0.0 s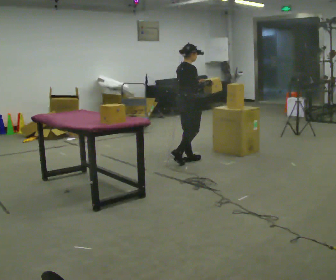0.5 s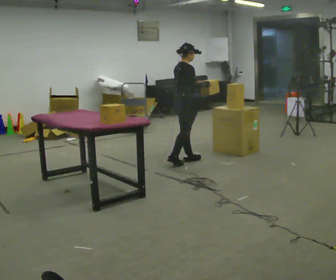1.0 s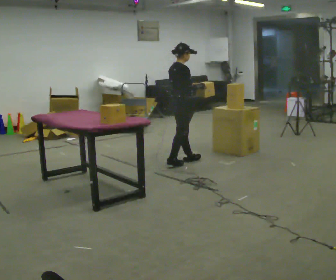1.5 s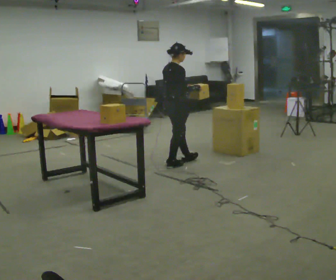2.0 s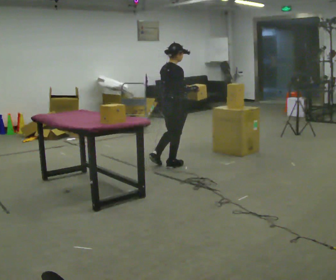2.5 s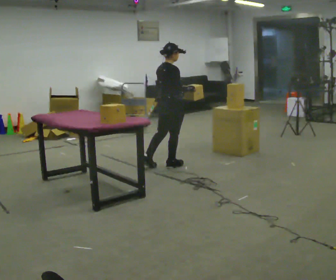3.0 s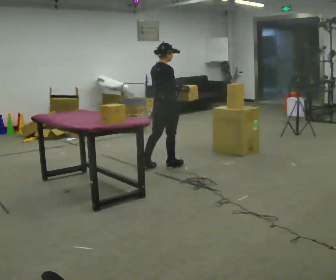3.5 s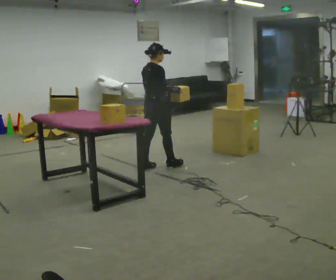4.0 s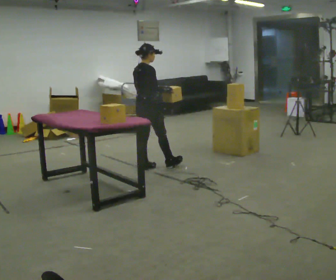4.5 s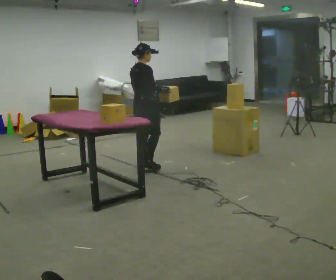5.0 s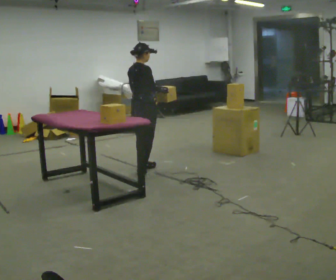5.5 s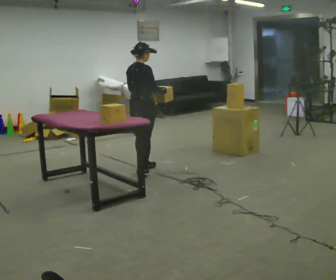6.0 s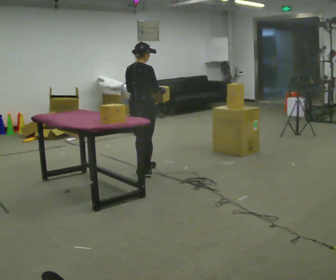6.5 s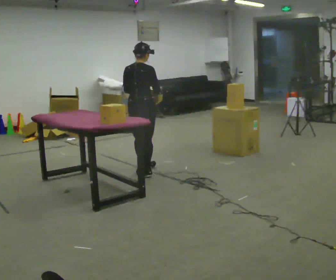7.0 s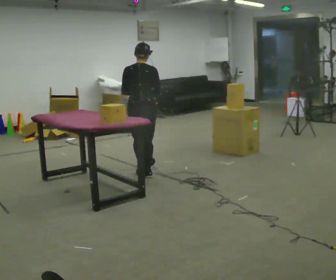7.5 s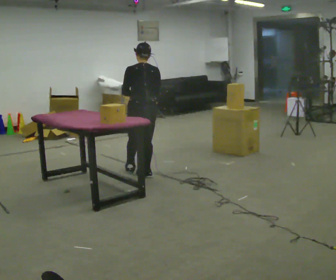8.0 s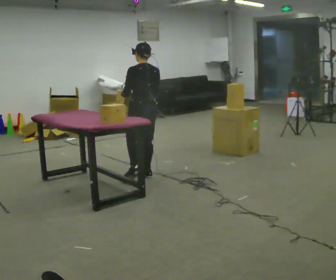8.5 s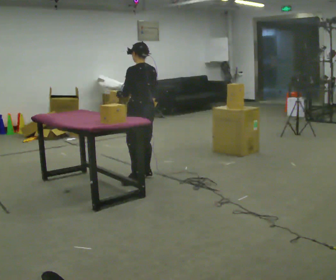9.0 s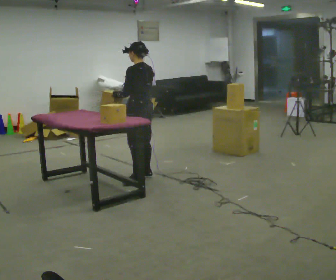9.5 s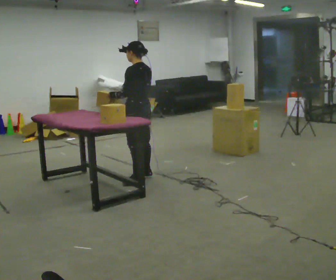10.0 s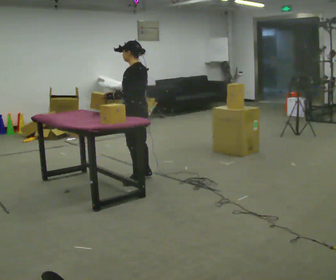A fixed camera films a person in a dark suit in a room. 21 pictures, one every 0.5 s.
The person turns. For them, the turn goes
to their left.
The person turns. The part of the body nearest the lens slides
to the right.
0.0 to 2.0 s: In the picture they go to the left and toward the camera, about 0.25 m in 1 step, which for them is backward and to their right.
2.0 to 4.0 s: In the picture they go to the left, about 0.25 m, which for them is backward and to their left.
4.0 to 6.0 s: The person moves a little, or ends about where they began.
6.0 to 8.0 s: The part of the body nearest the lens slides to the right as the person turns to their left by about 60 degrees. In the picture they go toward the camera, about 0.25 m in 1 step.
8.0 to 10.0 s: The part of the body nearest the lens slides to the right as the person turns to their left by about 45 degrees. In the picture their right hand goes to the left.
The film runs backward here.
